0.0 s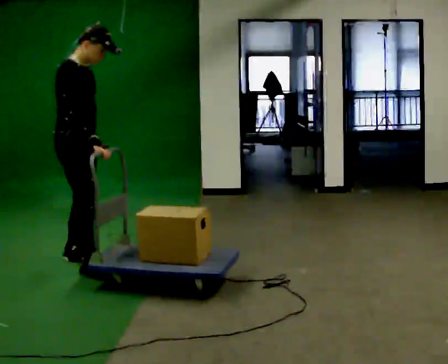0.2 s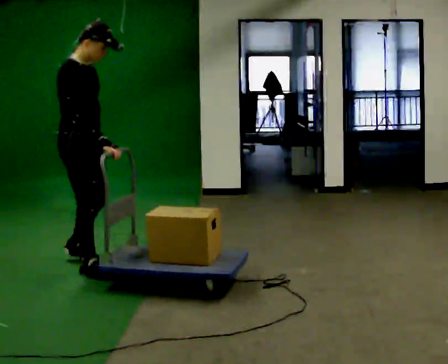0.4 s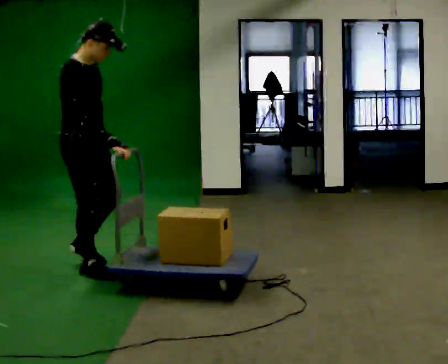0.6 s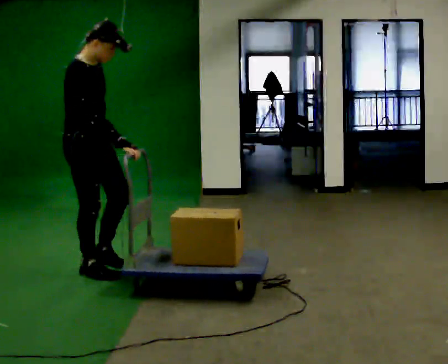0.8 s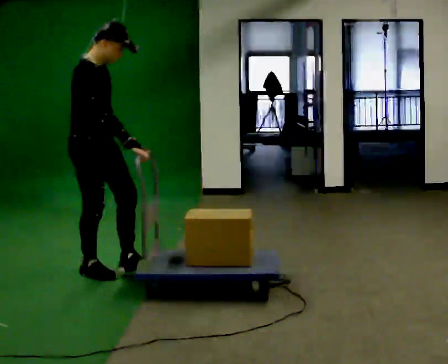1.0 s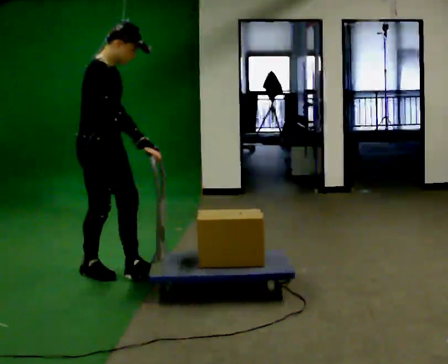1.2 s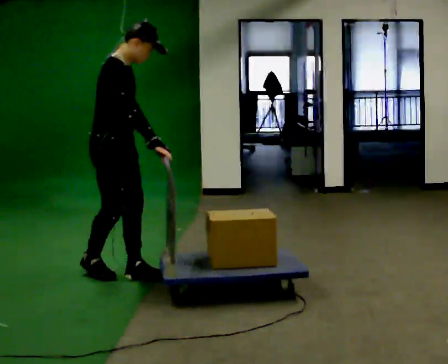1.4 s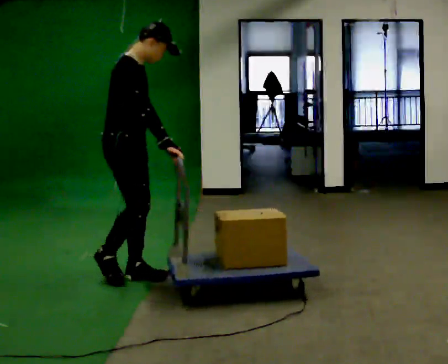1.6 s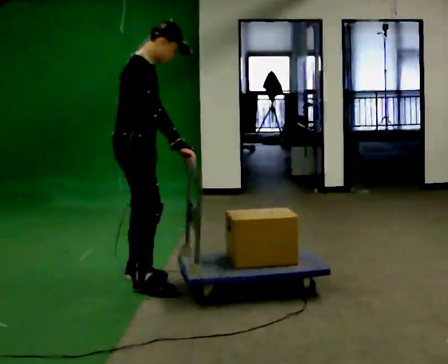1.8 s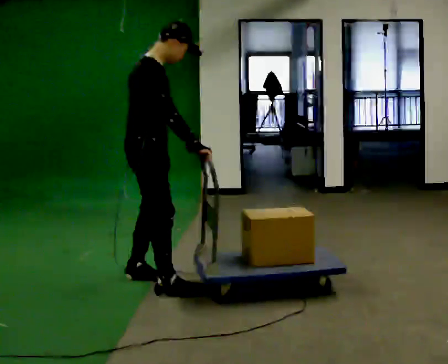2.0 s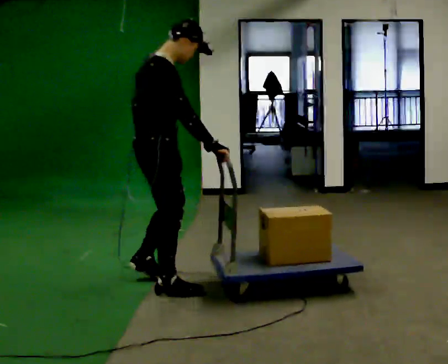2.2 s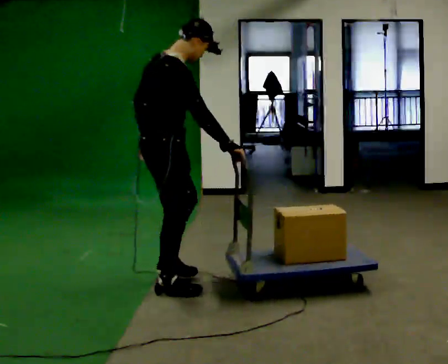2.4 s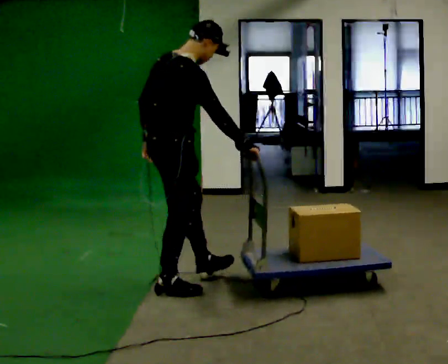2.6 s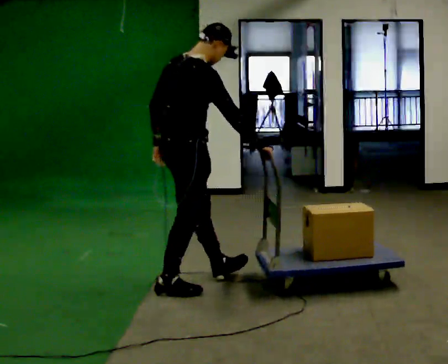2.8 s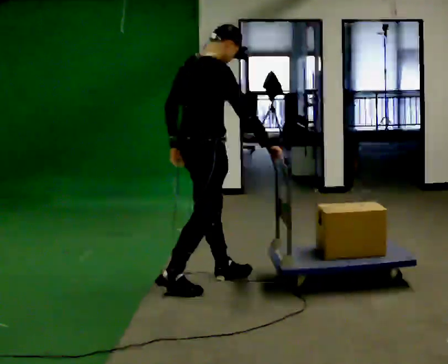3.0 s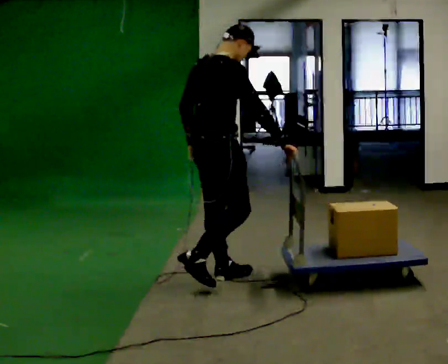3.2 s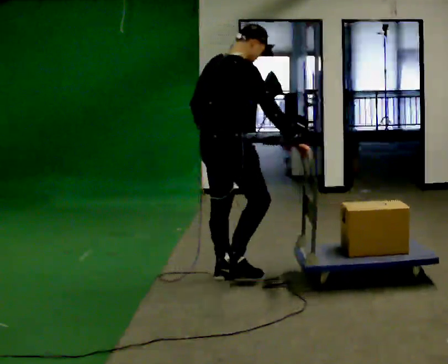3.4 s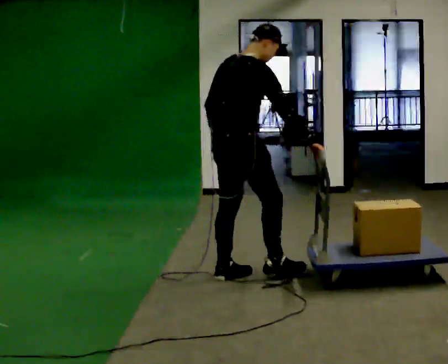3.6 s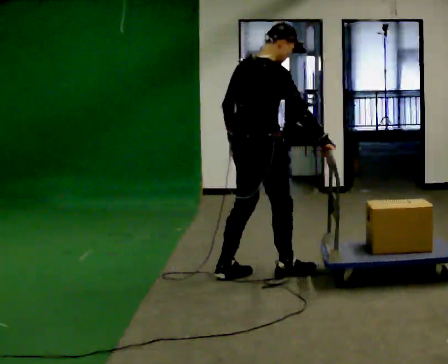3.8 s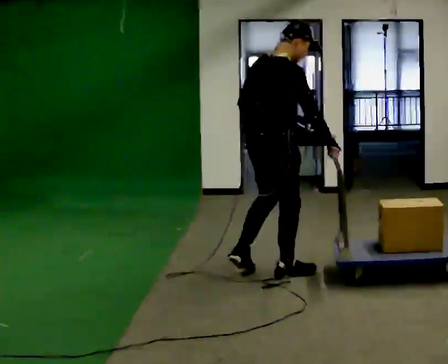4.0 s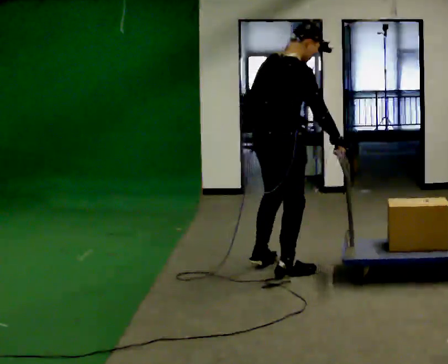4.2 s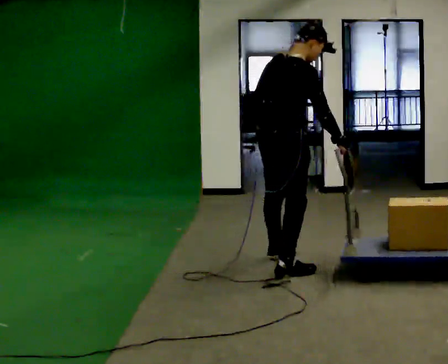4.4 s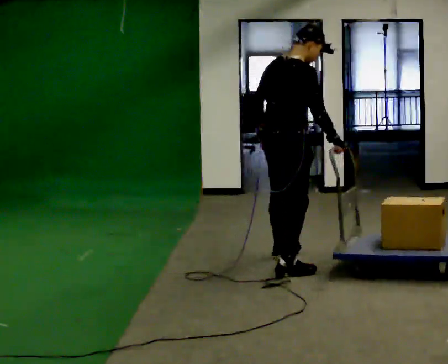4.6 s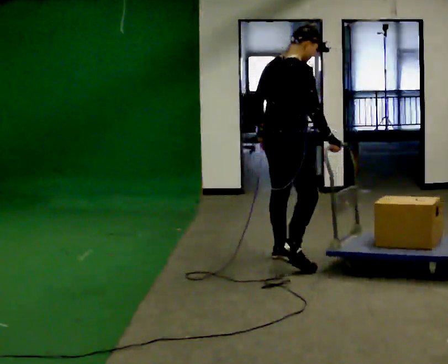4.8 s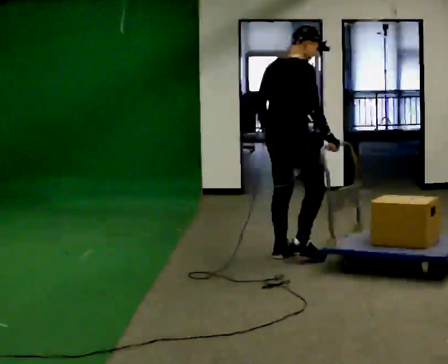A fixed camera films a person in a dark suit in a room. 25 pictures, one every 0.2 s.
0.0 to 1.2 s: In the picture they go to the right and toward the camera, about 0.25 m in 1 step, which for them is forward.
1.2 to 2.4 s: Seen from above the body turns counterclockwise, about 30 degrees: to their left, with its near side sliding to the right. In the picture they go to the right and toward the camera, about 0.5 m in 1 step, which for them is forward and to their right.
2.4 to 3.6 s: In the picture they go to the right and away from the camera, about 0.5 m in 2 steps, which for them is forward.
3.6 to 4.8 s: In the picture they go away from the camera and to the right, about 0.5 m in 1 step, which for them is forward and to their left.
The film runs forward here.
